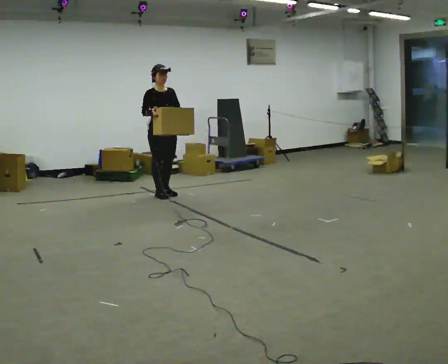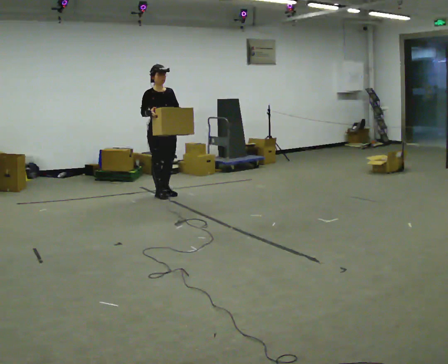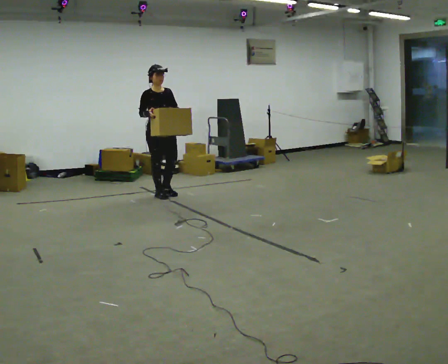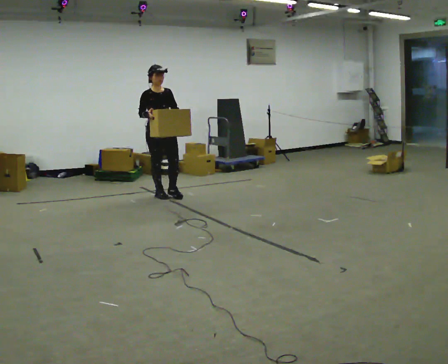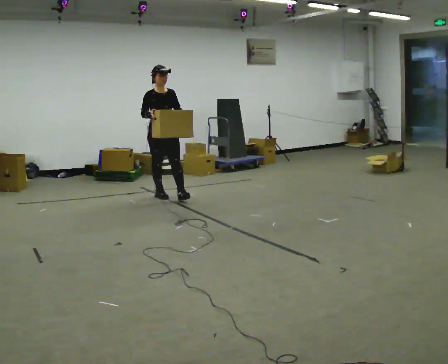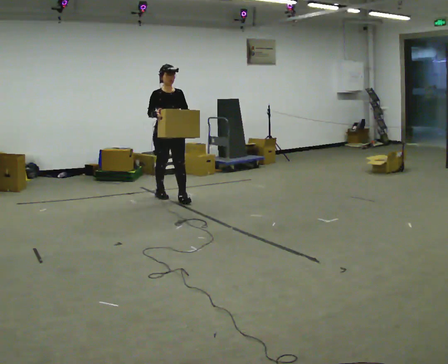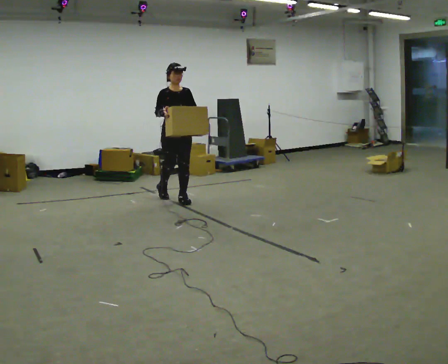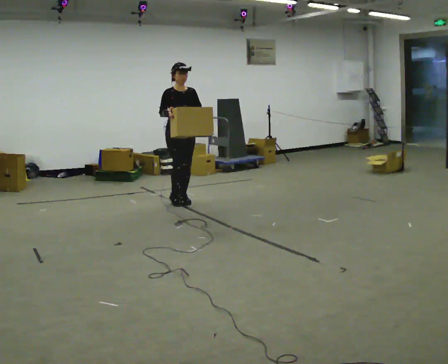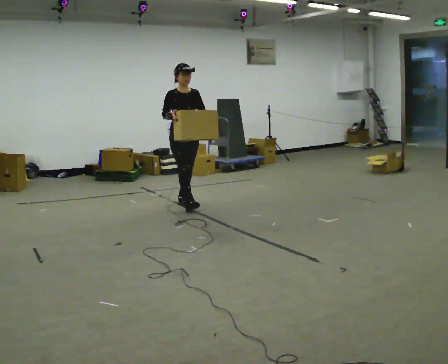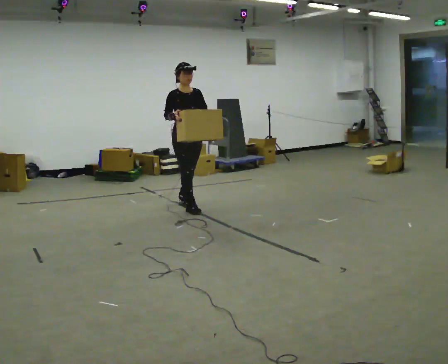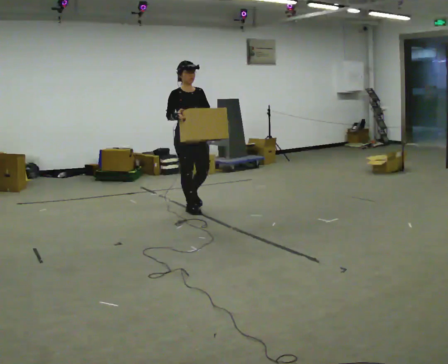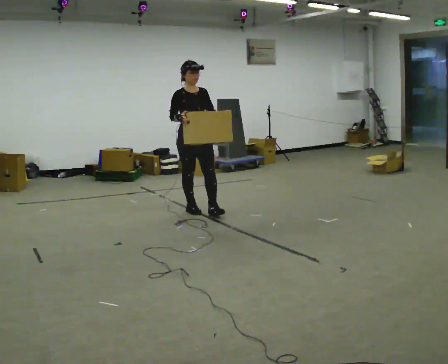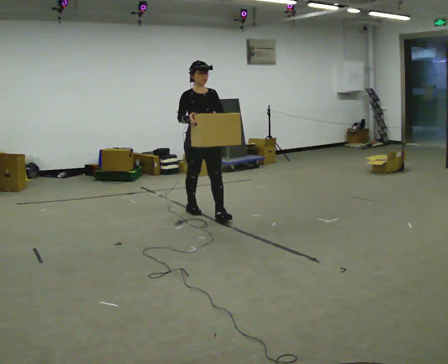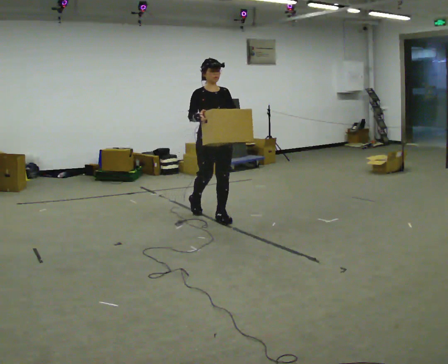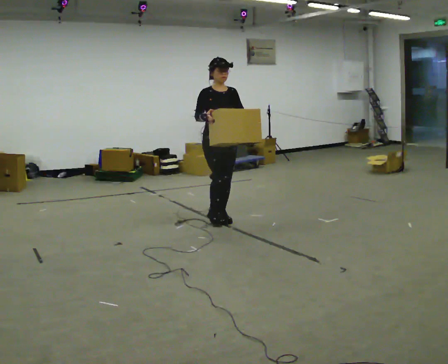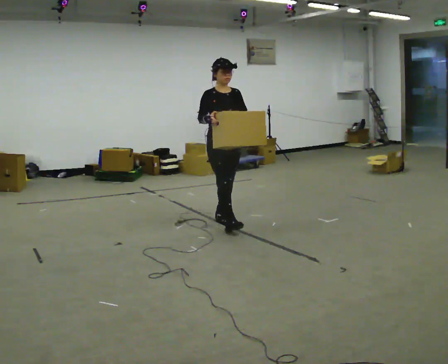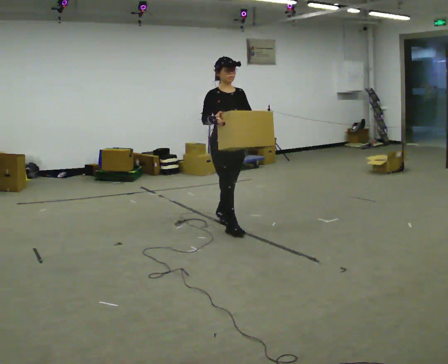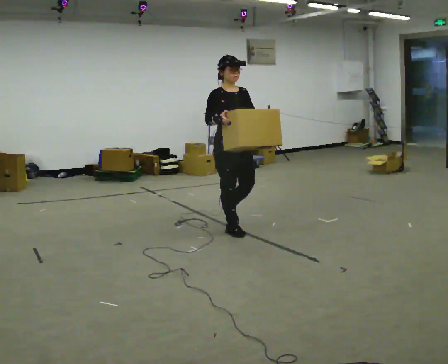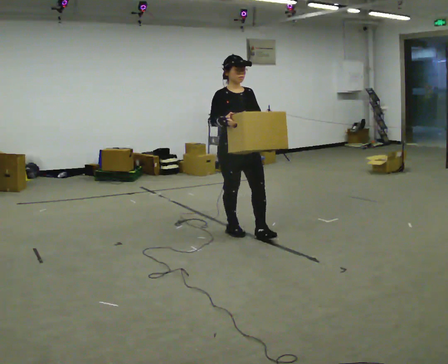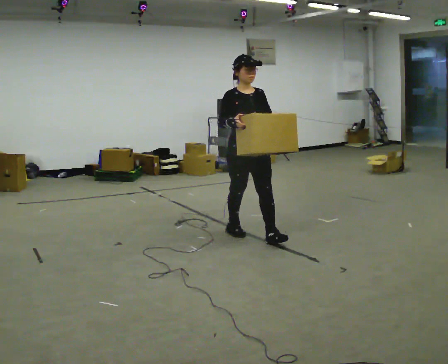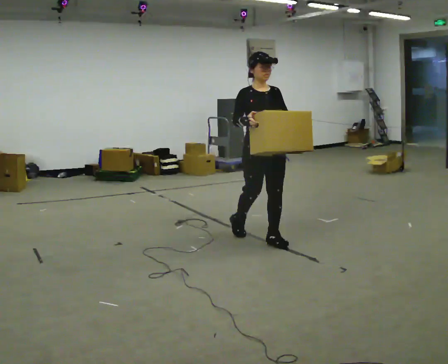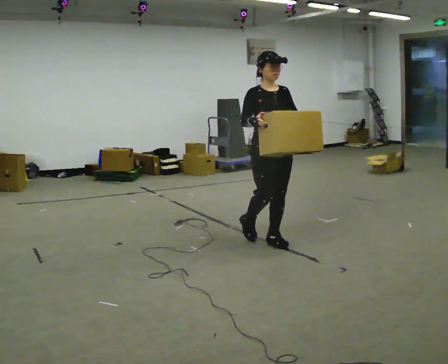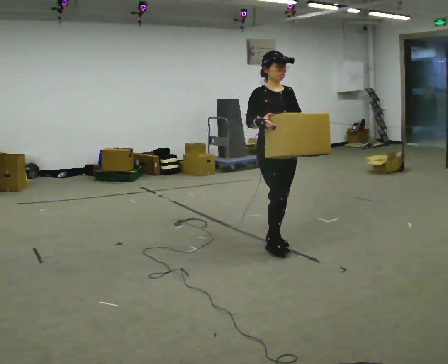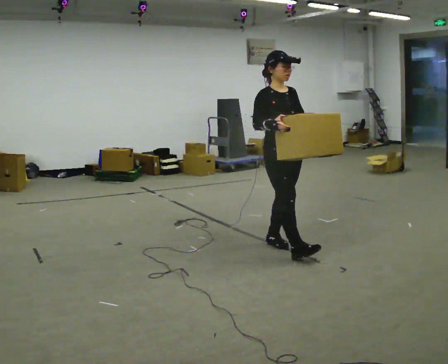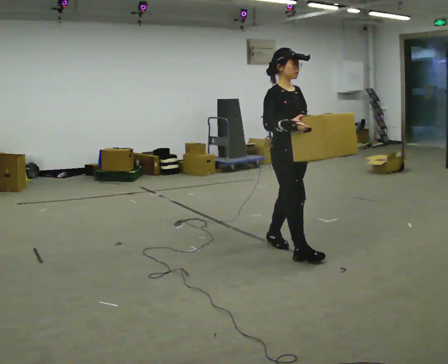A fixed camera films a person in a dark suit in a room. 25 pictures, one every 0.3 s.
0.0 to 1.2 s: The person moves a little, or ends about where they began.
1.2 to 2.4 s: In the picture they go toward the camera and to the right, about 0.5 m in 1 step, which for them is forward.
2.4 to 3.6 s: In the picture they go toward the camera and to the right, about 0.5 m in 1 step, which for them is forward.
3.6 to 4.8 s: In the picture they go toward the camera and to the right, about 0.5 m in 1 step, which for them is forward.
4.8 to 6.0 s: In the picture they go toward the camera and to the right, about 0.5 m in 1 step, which for them is forward.
6.0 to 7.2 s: The person turns about 30 degrees to their left, counterclockwise seen from above, so the part of the body nearest the lens slides to the right. In the picture they go toward the camera and to the right, about 0.5 m in 1 step, which for them is forward.
The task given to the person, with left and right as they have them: Carry the box across the room much more slowly and carefully than normal, back and forth.
The film runs forward here.
